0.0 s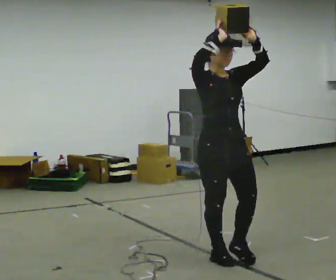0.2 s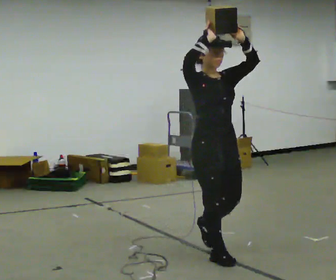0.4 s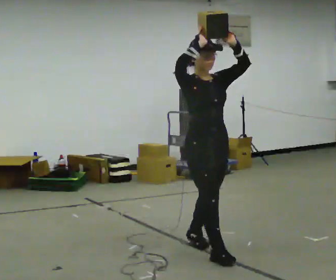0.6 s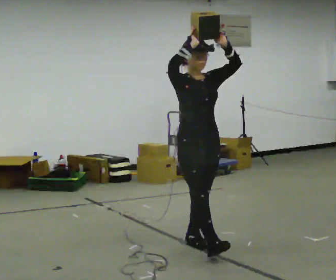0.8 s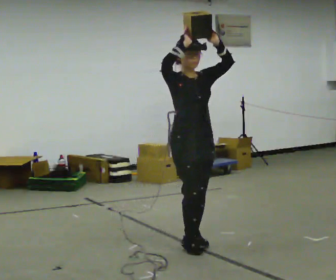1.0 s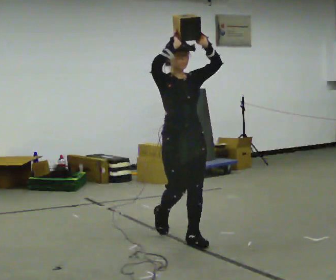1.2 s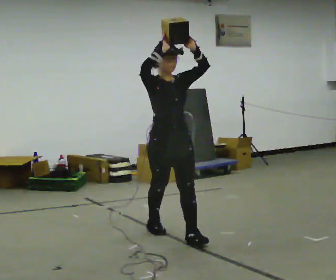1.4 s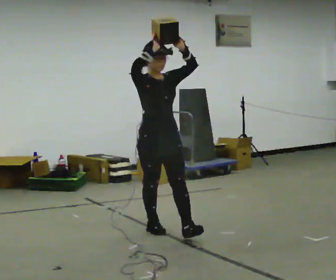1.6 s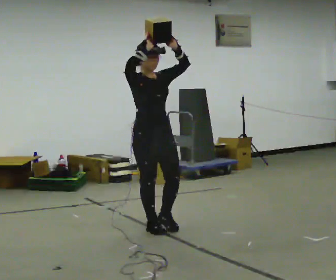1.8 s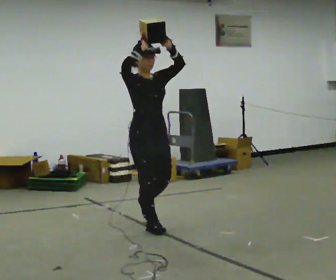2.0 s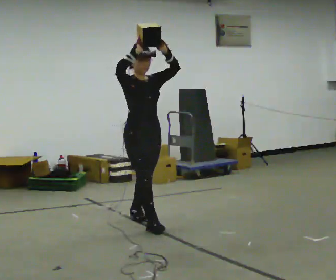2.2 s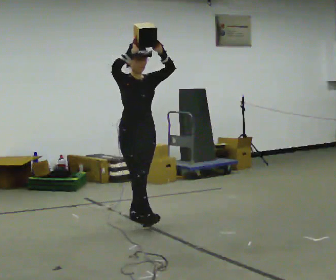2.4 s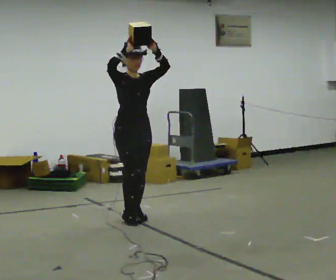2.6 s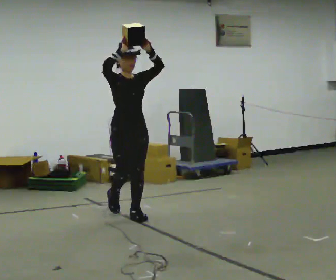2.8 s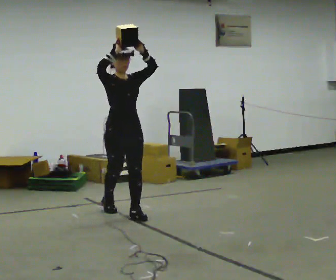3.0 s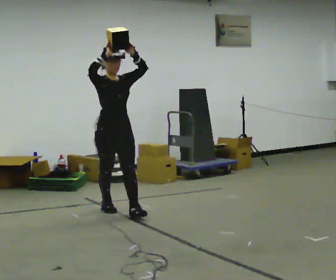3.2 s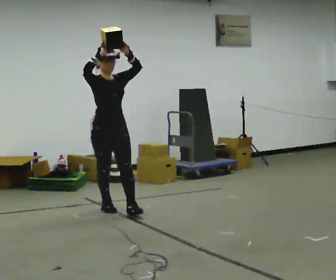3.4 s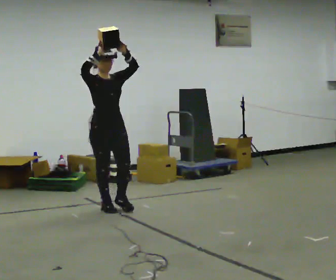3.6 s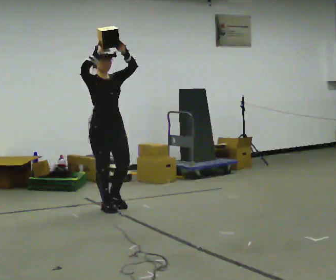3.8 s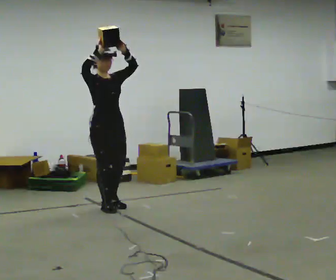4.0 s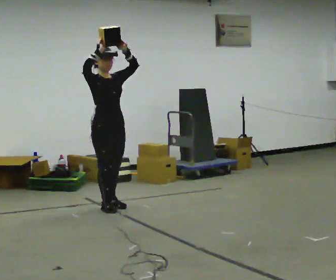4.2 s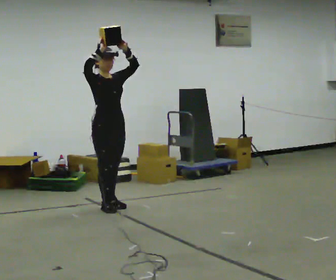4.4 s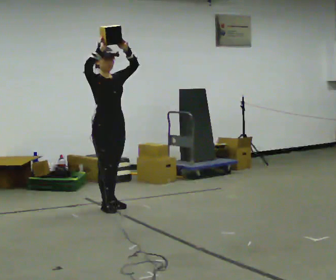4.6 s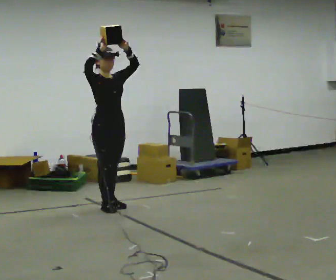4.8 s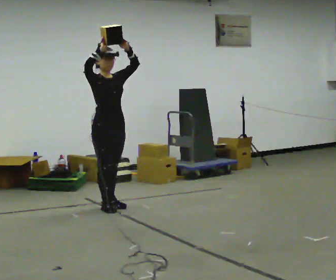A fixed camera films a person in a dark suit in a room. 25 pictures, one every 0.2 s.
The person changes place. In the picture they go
away from the camera.
0.0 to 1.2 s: In the picture they go away from the camera and to the left, about 1 m in 1 step, which for them is backward.
1.2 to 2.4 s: In the picture they go away from the camera and to the left, about 1 m in 2 steps, which for them is backward.
2.4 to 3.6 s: In the picture they go away from the camera and to the left, about 0.5 m in 1 step, which for them is backward.
3.6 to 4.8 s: The person moves a little, or ends about where they began.
The film runs backward here.
